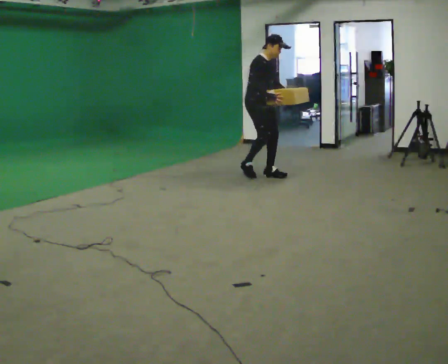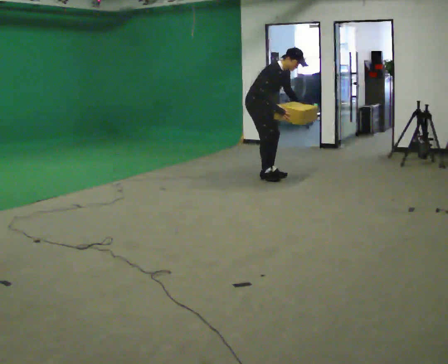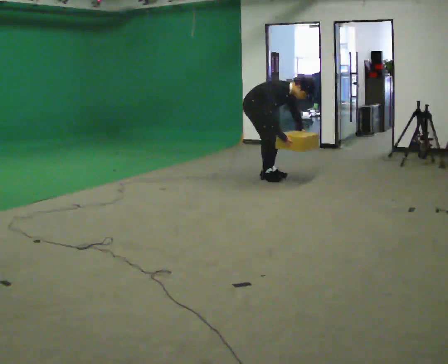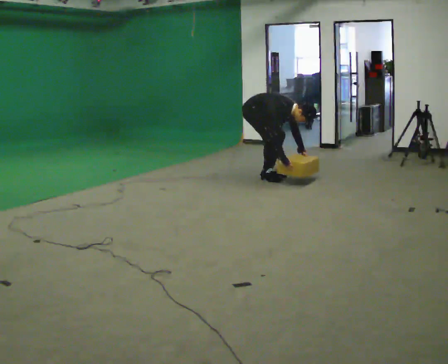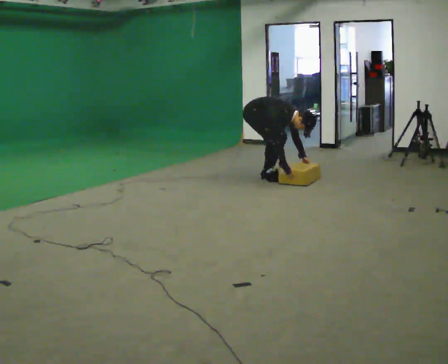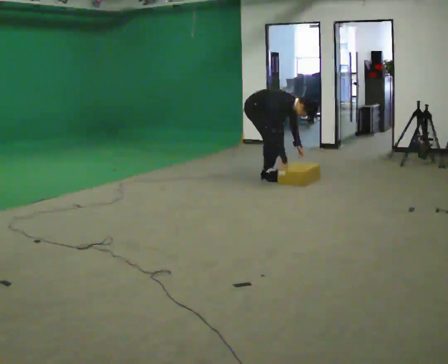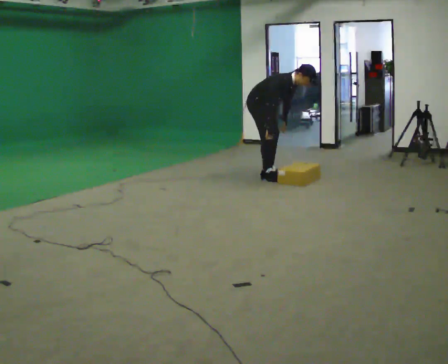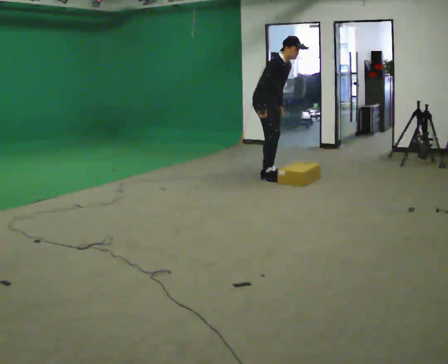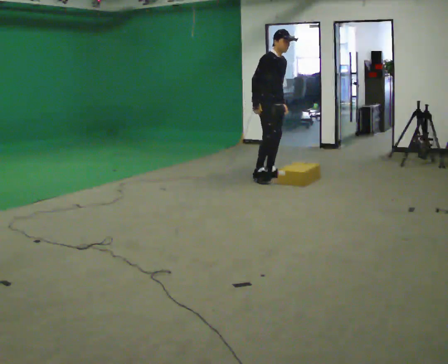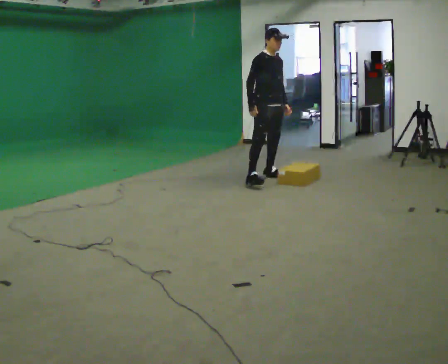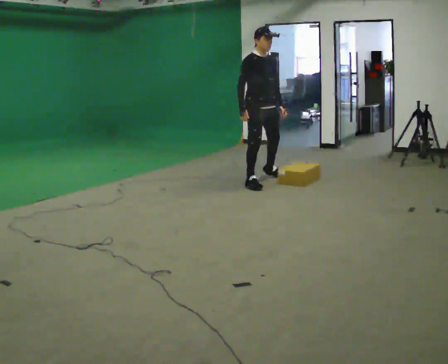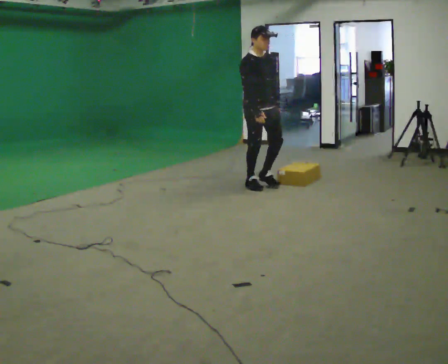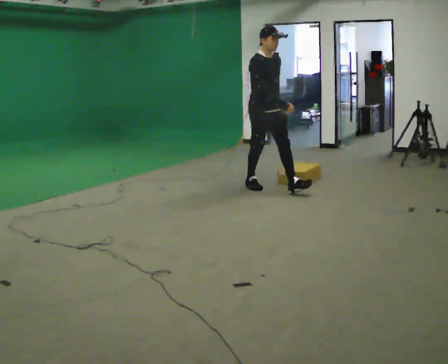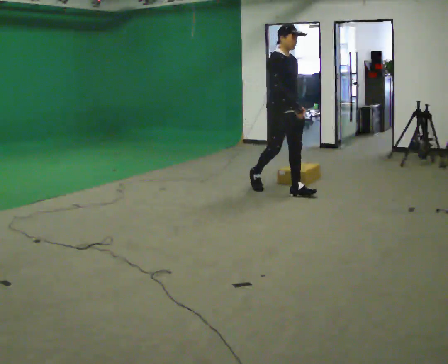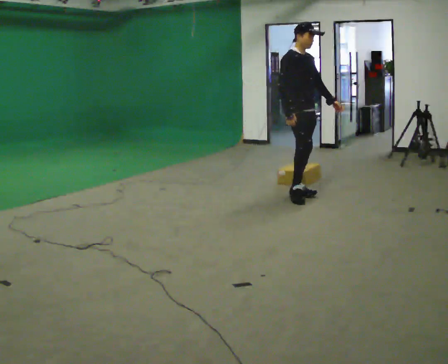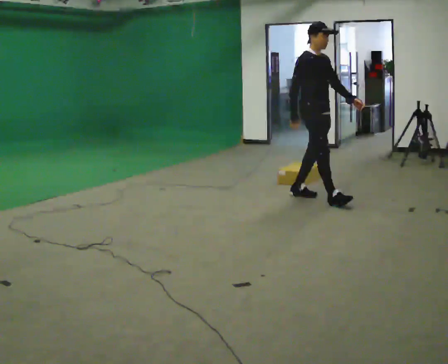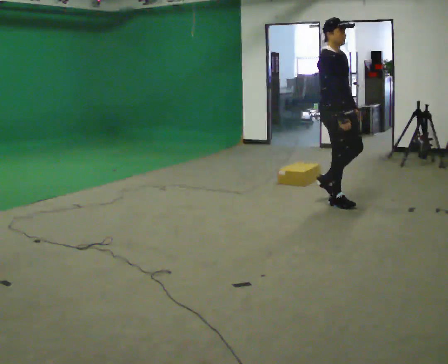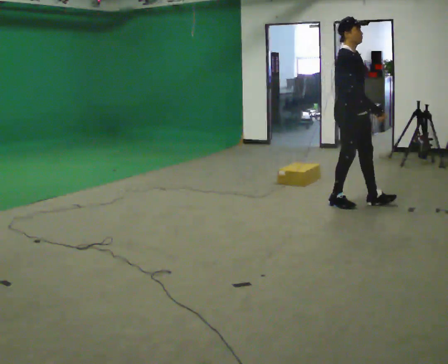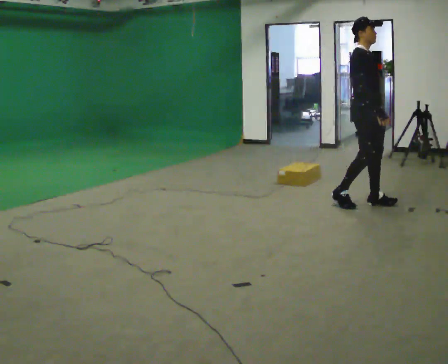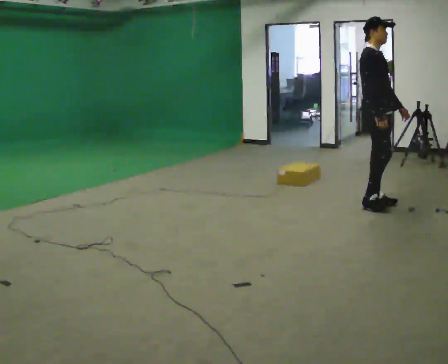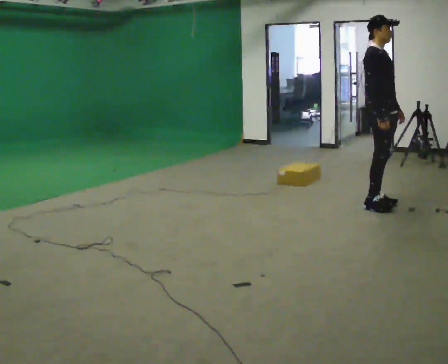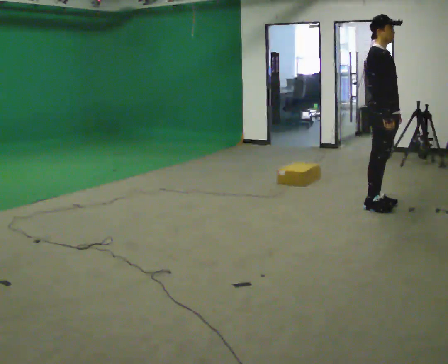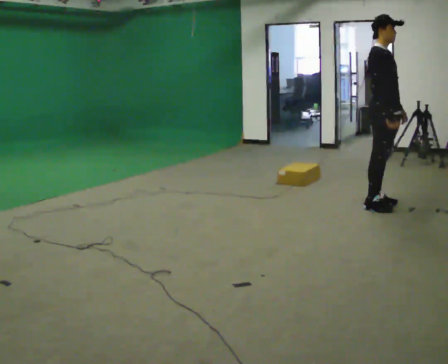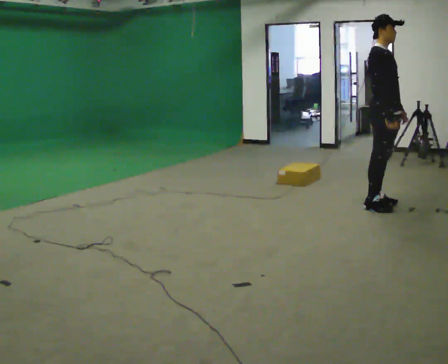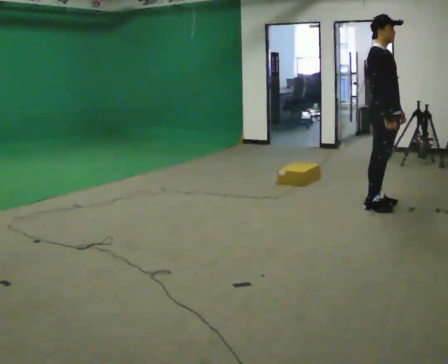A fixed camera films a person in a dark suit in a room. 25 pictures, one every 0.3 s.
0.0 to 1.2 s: The upper body goes downward. In the picture the upper body tilts clockwise, shoulders to the right, as they bend forward. In the picture their right hand goes downward.
1.2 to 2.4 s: The upper body goes upward. In the picture the upper body tilts counterclockwise, shoulders to the left, as they lean back or straighten. In the picture their right hand goes upward and to the left.
2.4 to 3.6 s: In the picture they go toward the camera, about 0.5 m in 1 step, which for them is to their right and forward.
3.6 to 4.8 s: In the picture they go to the right and toward the camera, about 1 m in 2 steps, which for them is forward.
4.8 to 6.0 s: In the picture they go to the right, about 0.5 m in 2 steps, which for them is forward.
6.0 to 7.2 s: The person moves a little, or ends about where they began.
The film runs forward here.
